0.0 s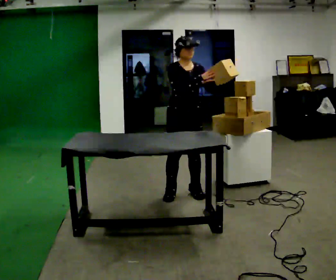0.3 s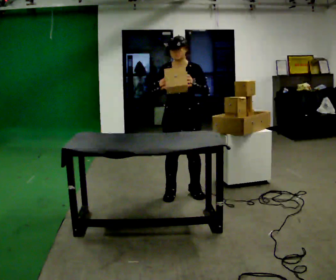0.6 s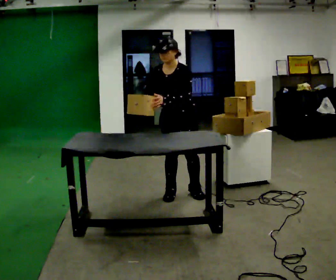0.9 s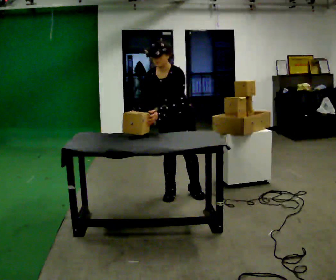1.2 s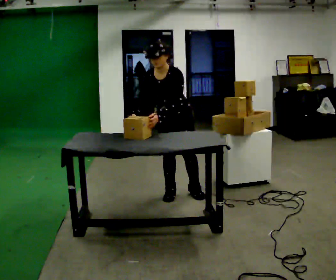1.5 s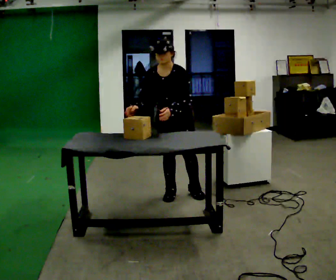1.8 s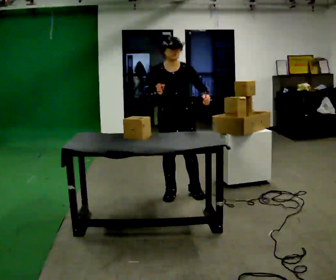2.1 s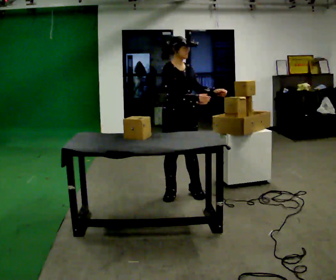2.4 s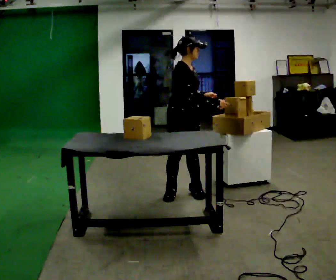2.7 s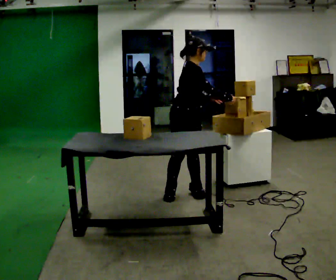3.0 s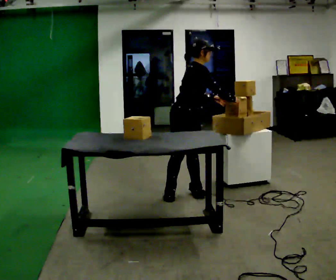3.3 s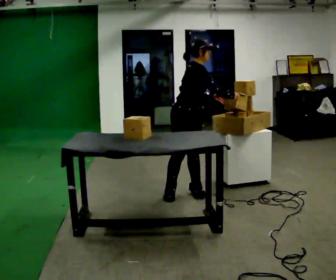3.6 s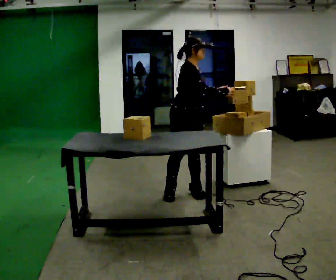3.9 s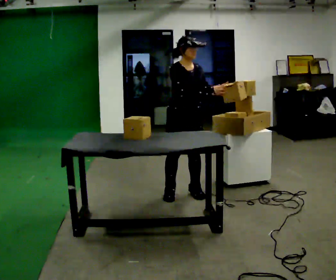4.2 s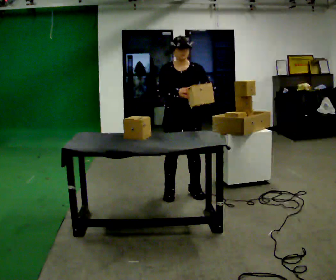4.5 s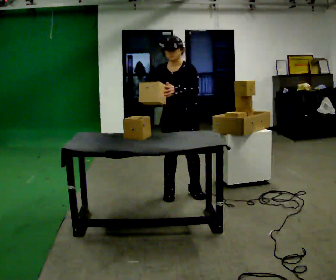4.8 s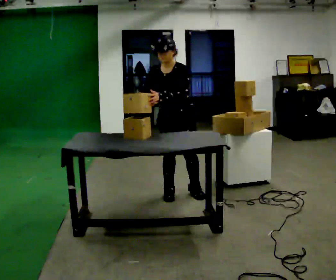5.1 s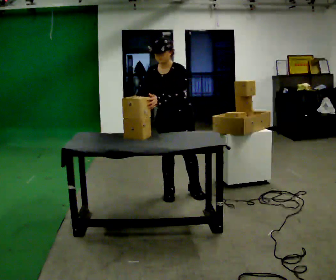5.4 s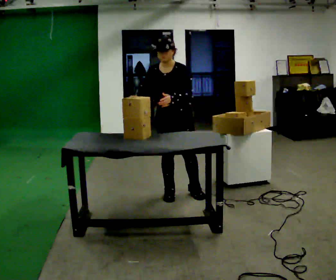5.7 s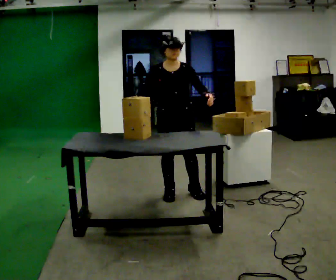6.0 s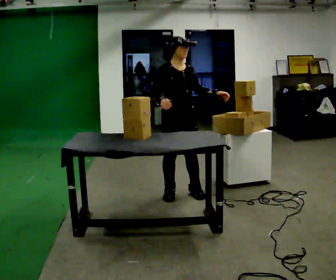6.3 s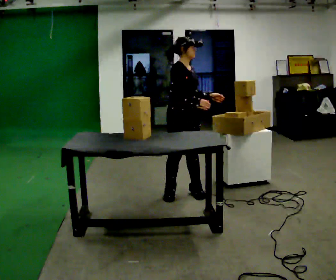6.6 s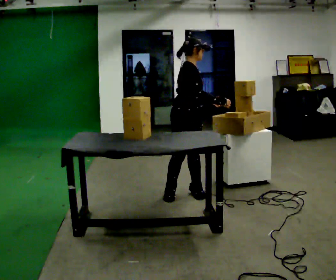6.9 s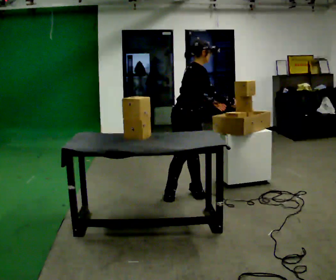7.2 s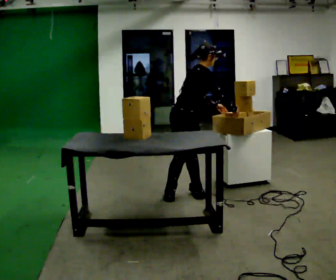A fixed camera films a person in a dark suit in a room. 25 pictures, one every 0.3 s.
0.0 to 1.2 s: The part of the body nearest the lens slides to the left as the person turns to their right by about 45 degrees. The upper body tips toward the camera, its near side rolling downward, as they bend forward. In the picture their right hand goes to the left.
1.2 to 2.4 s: The part of the body nearest the lens slides to the right as the person turns to their left by about 75 degrees. The upper body tips away from the camera, its near side rolling upward, as they lean back or straighten. In the picture their left hand goes to the right.
2.4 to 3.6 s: The person moves a little, or ends about where they began.
3.6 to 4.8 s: The person turns about 75 degrees to their right, clockwise seen from above, so the part of the body nearest the lens slides to the left. In the picture the upper body tilts counterclockwise, shoulders to the left. In the picture their left hand goes to the left.
4.8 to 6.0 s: The person turns about 60 degrees to their left, counterclockwise seen from above, so the part of the body nearest the lens slides to the right. In the picture their left hand goes to the right.
6.0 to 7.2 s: The part of the body nearest the lens slides to the right as the person turns to their left by about 45 degrees. In the picture the upper body tilts clockwise, shoulders to the right, as they bend forward. In the picture their right hand goes to the right.
The film runs forward here.
